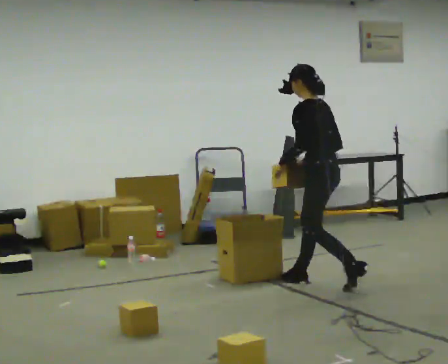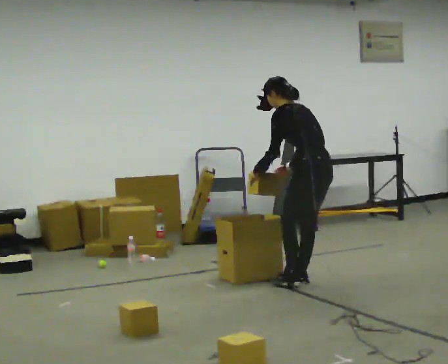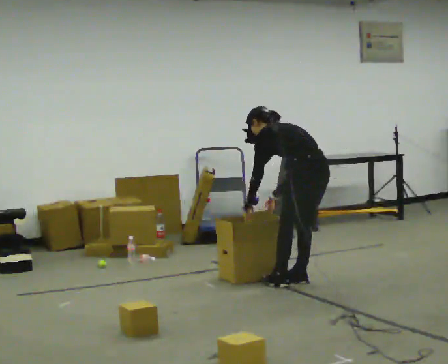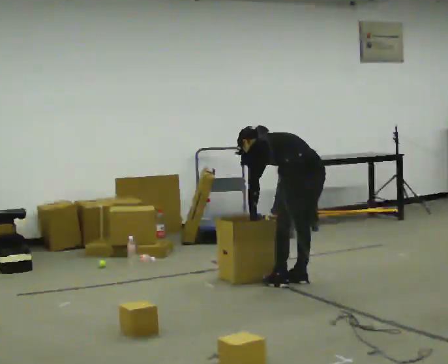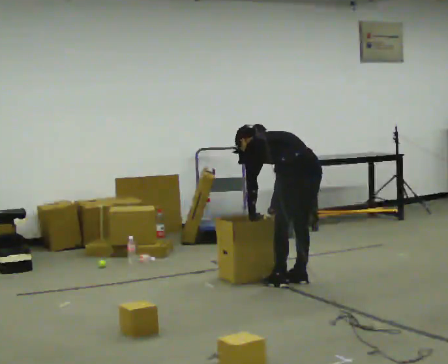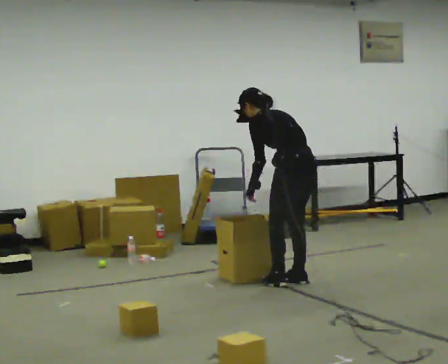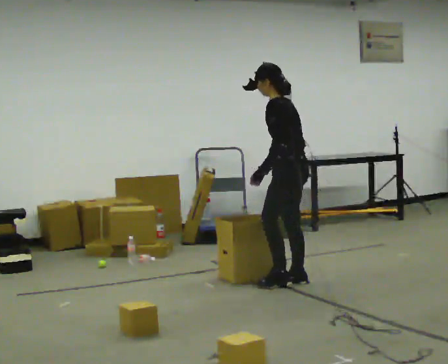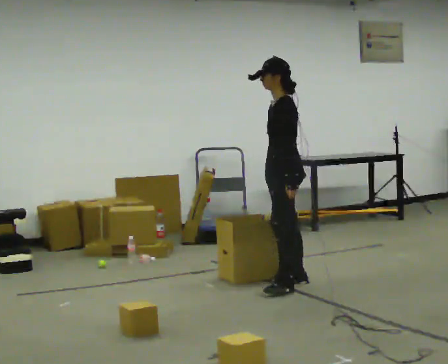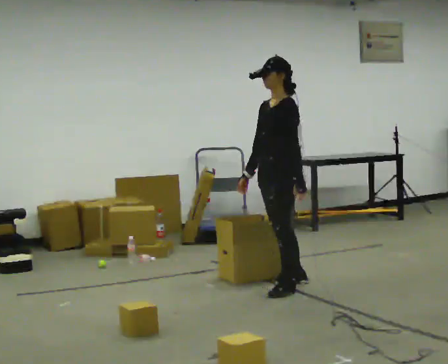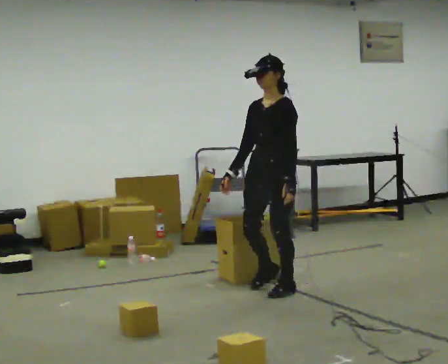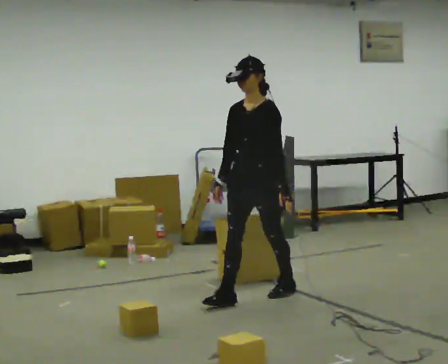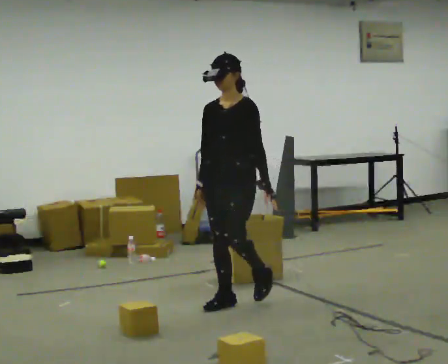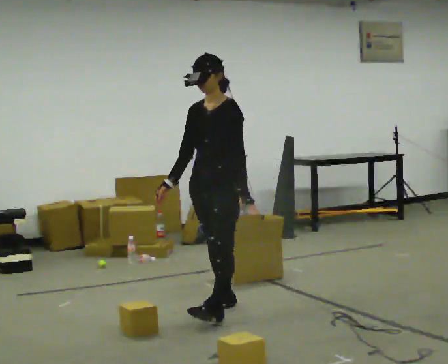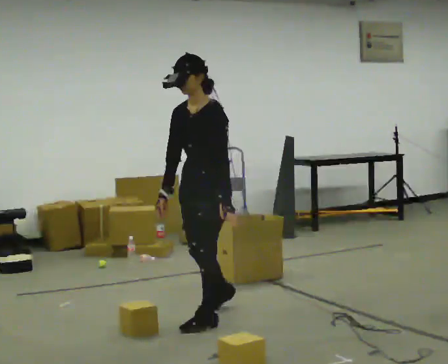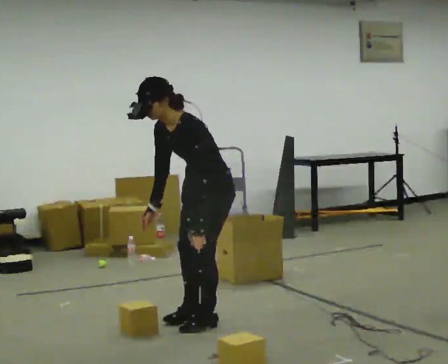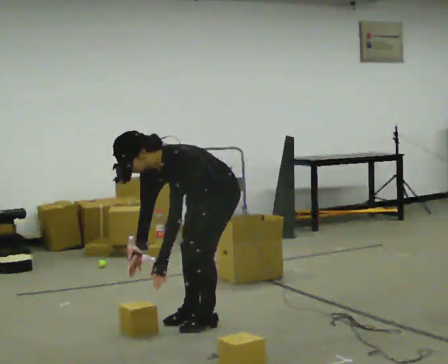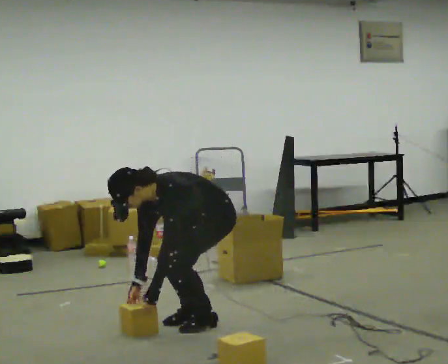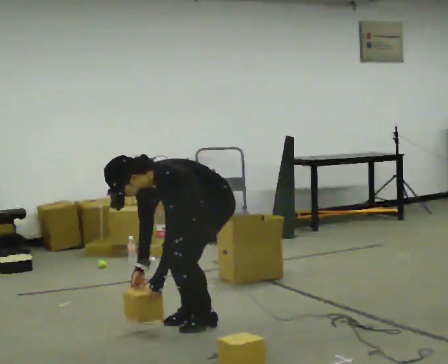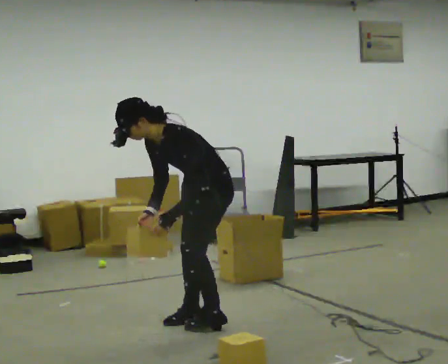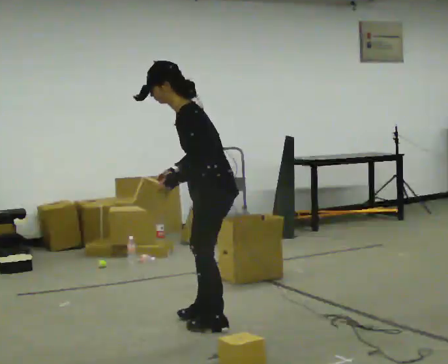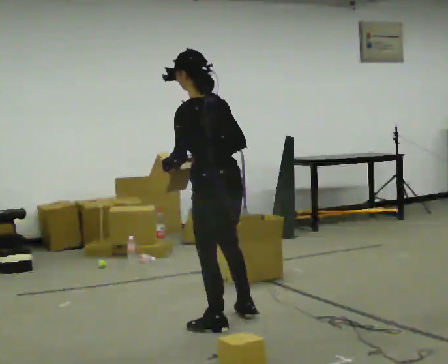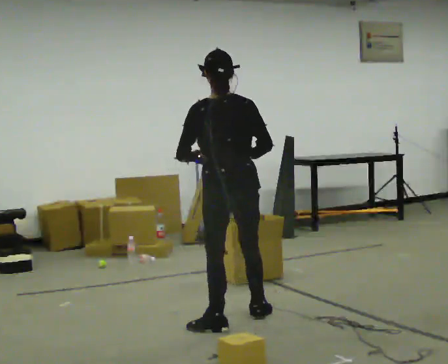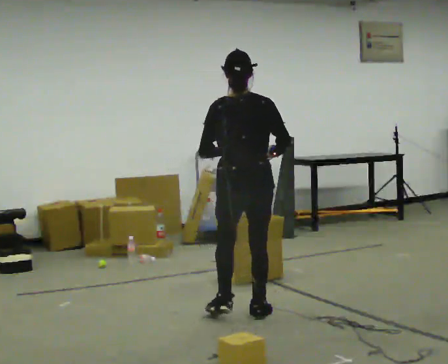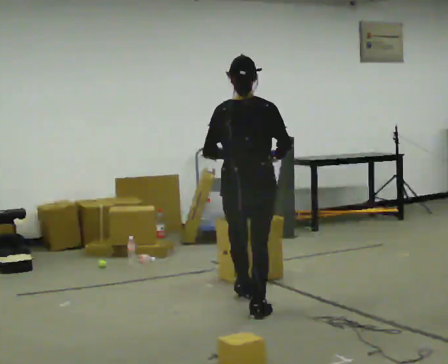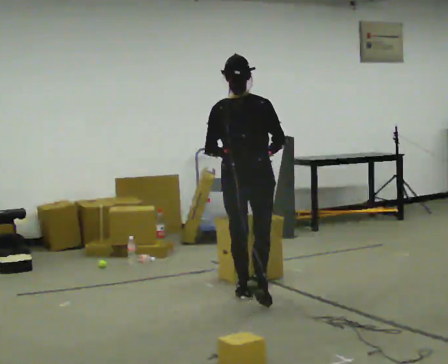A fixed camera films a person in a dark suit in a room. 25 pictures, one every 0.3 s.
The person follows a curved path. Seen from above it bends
counterclockwise.
0.0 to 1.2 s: In the picture they go to the left, about 0.25 m in 1 step, which for them is to their left. The upper body goes downward. The upper body tips away from the camera, its near side rolling upward, as they bend forward. In the picture their left hand goes downward.
1.2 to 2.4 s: The person turns about 75 degrees to their left, counterclockwise seen from above, so the part of the body nearest the lens slides to the right. The upper body goes upward. The upper body tips toward the camera, its near side rolling downward, as they lean back or straighten.
2.4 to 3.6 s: The person turns about 30 degrees to their left, counterclockwise seen from above, so the part of the body nearest the lens slides to the right. In the picture they go toward the camera and to the left, about 0.75 m in 1 step, which for them is forward.
3.6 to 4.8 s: In the picture they go toward the camera, about 0.25 m in 2 steps, which for them is to their left and forward. The upper body goes downward. In the picture the upper body tilts counterclockwise, shoulders to the left, as they bend forward. In the picture their left hand goes to the left and downward.
4.8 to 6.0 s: The part of the body nearest the lens slides to the left as the person turns to their right by about 75 degrees. In the picture they go toward the camera, about 0.25 m. The shoulders move upward. In the picture the upper body tilts clockwise, shoulders to the right, as they lean back or straighten. In the picture their right hand goes upward and to the right.
6.0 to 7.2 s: Seen from above the body turns clockwise, about 45 degrees: to their right, with its near side sliding to the left. In the picture they go away from the camera, about 0.75 m in 2 steps, which for them is forward.
The film runs forward here.
